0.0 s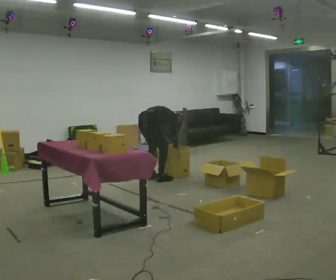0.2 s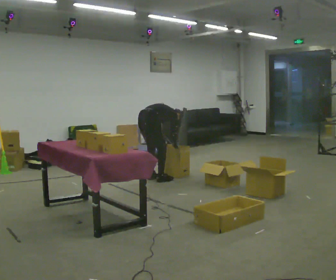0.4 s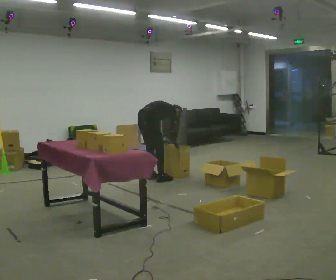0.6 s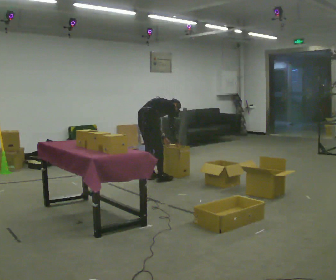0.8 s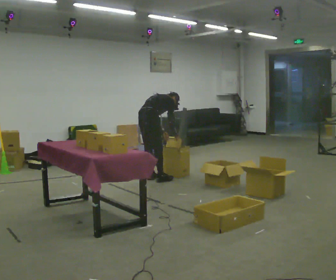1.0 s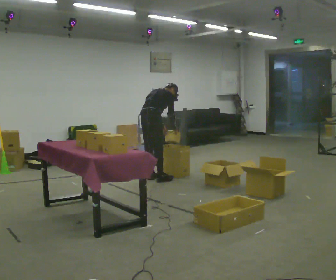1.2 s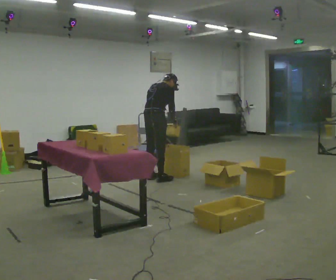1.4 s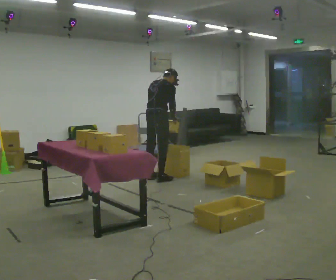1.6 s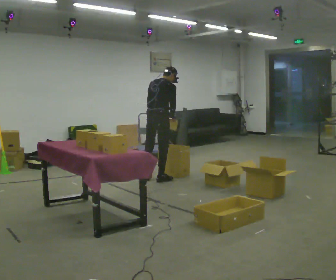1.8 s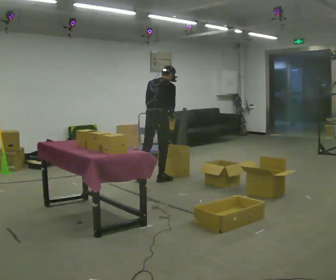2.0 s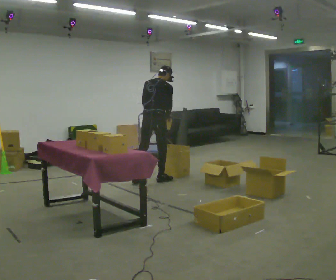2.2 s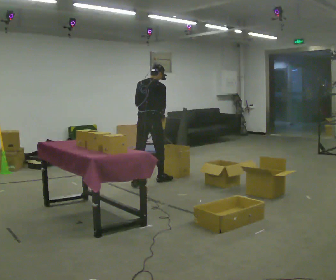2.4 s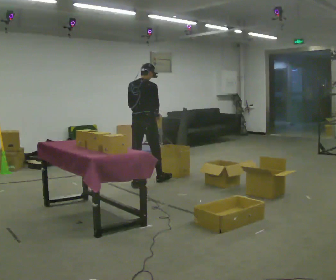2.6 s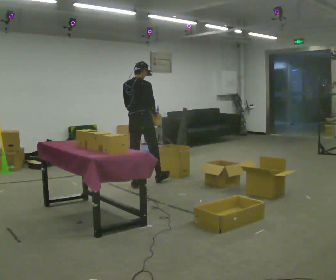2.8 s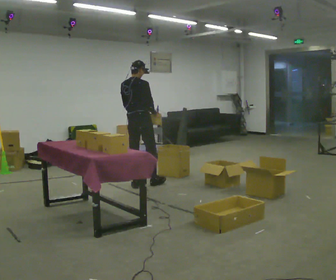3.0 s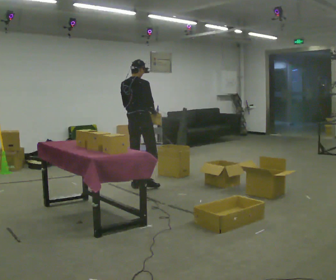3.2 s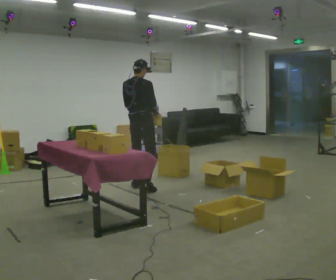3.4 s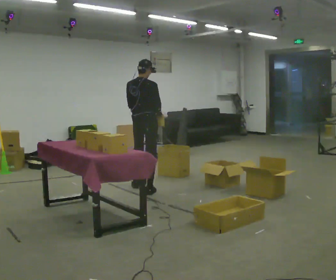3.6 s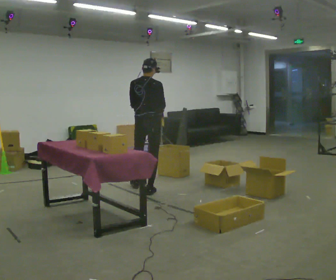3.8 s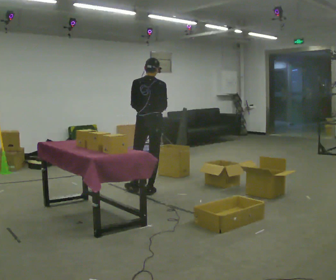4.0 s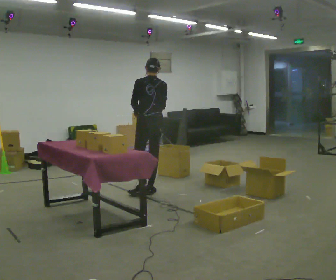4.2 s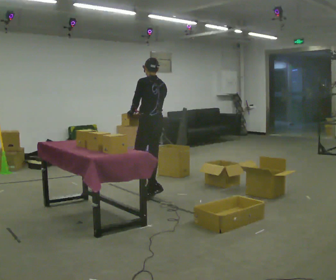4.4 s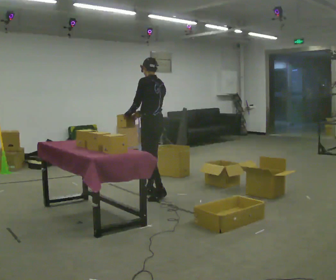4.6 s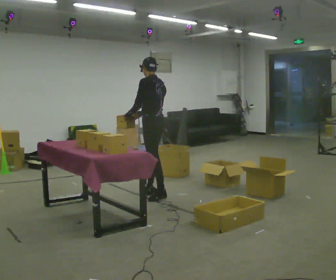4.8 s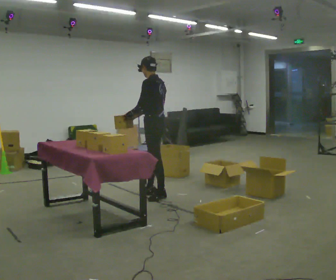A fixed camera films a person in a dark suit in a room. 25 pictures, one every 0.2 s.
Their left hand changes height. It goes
upward.
The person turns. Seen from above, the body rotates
counterclockwise.
0.0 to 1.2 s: The shoulders move upward. In the picture the upper body tilts counterclockwise, shoulders to the left, as they lean back or straighten. In the picture their right hand goes upward.
1.2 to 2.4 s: The upper body tips toward the camera, its near side rolling downward, as they lean back or straighten.
2.4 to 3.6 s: In the picture they go toward the camera, about 0.5 m in 1 step, which for them is backward and to their right.
3.6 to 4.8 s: The person turns about 75 degrees to their left, counterclockwise seen from above, so the part of the body nearest the lens slides to the right. In the picture they go toward the camera, about 0.25 m in 1 step.
The film runs backward here.
